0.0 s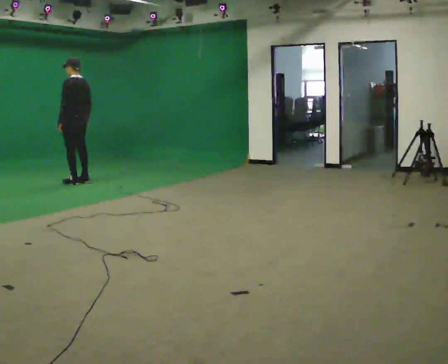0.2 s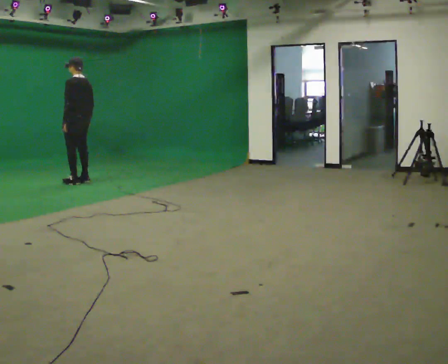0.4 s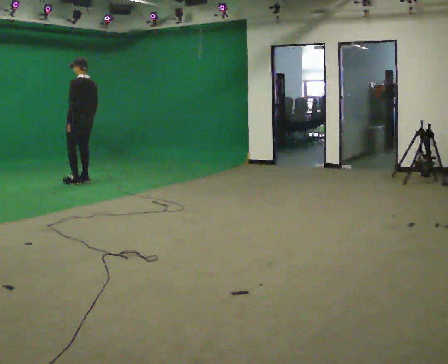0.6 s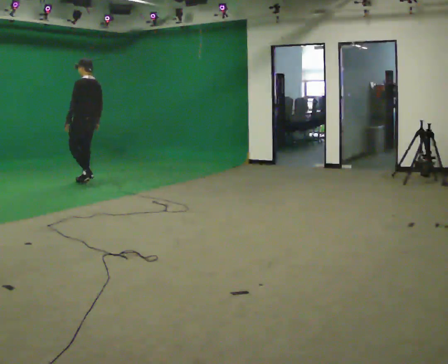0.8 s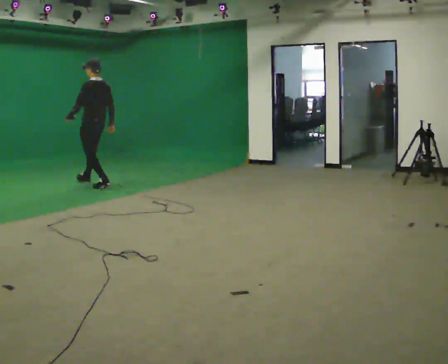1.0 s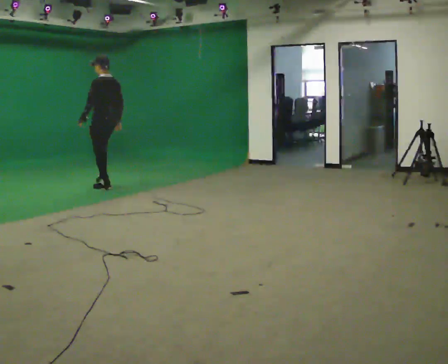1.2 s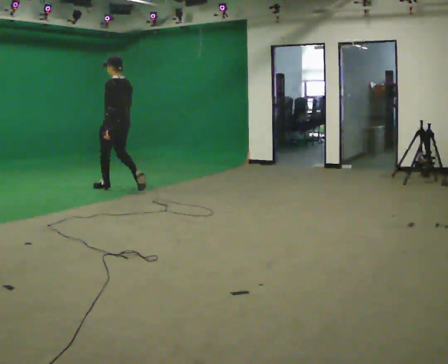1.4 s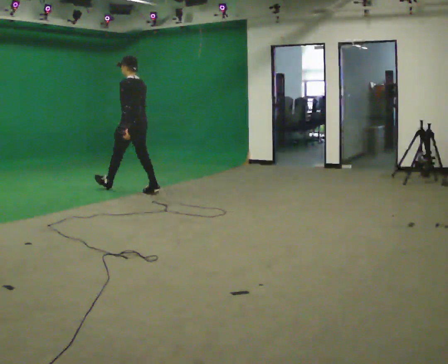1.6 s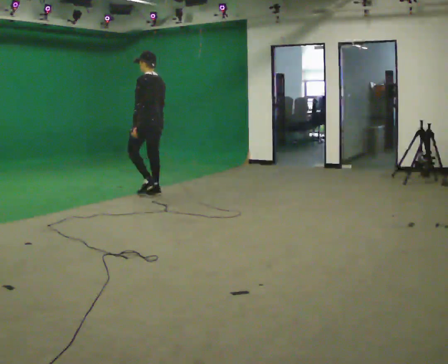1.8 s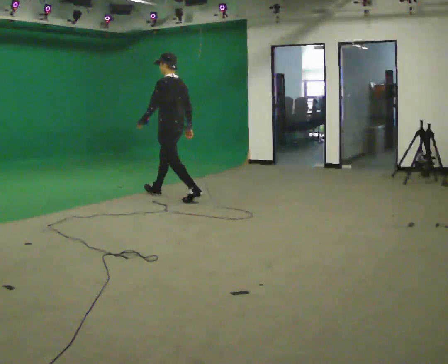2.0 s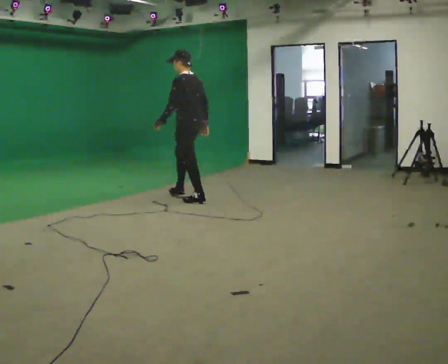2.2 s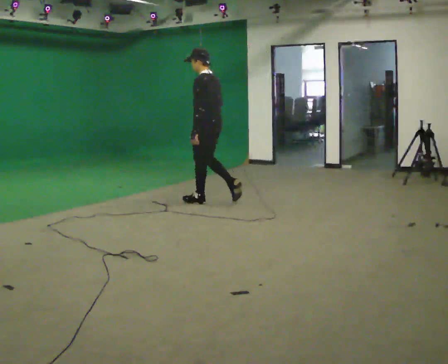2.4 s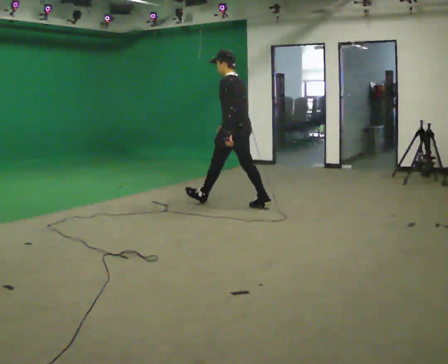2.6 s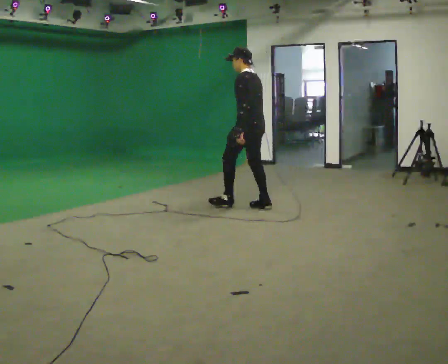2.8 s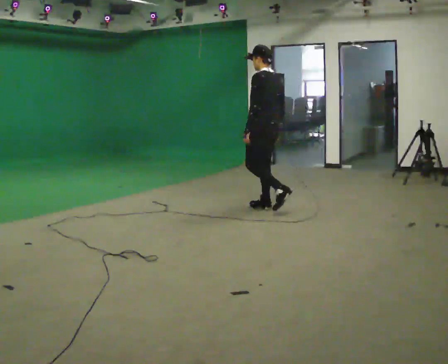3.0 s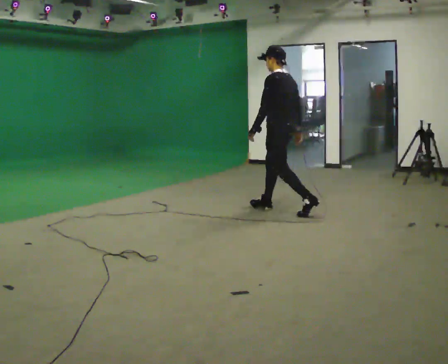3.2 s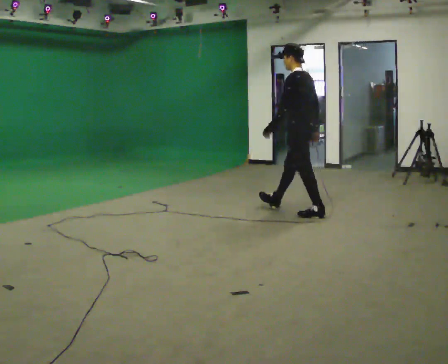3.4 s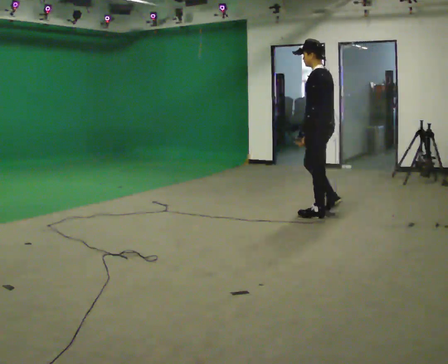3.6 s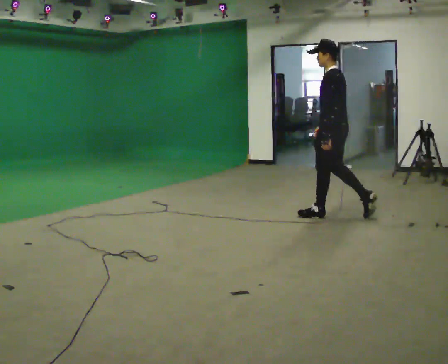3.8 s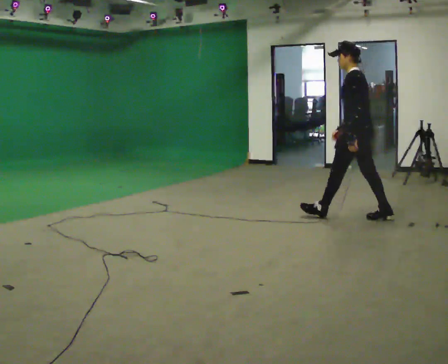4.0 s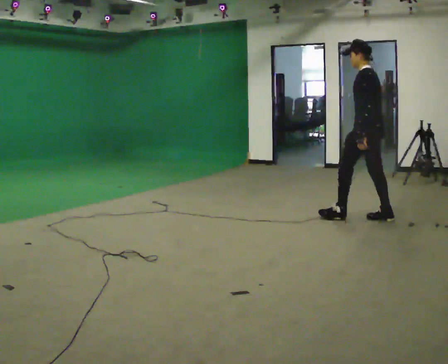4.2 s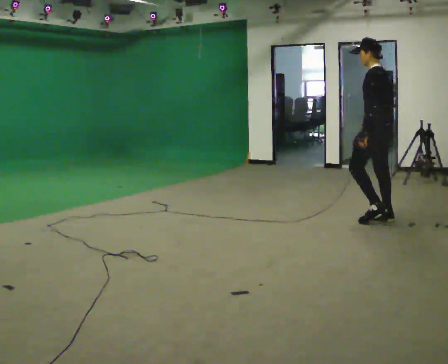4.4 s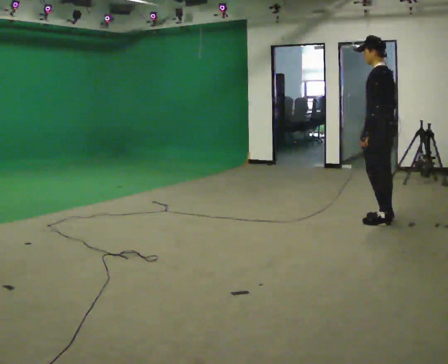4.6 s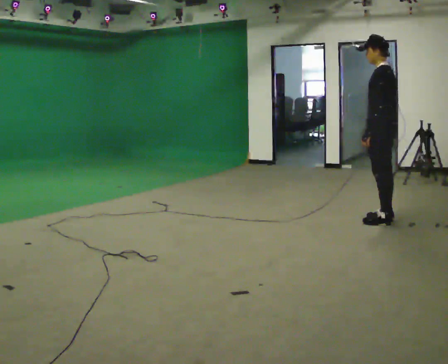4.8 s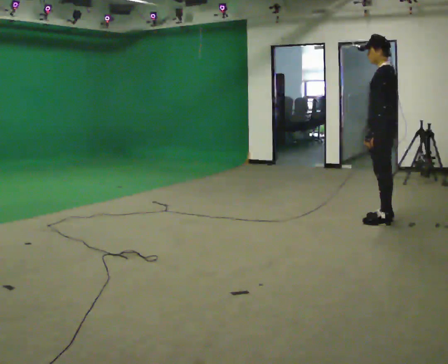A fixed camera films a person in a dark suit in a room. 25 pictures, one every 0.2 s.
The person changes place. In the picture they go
to the right.
0.0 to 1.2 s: In the picture they go to the right and toward the camera, about 1 m in 2 steps, which for them is backward.
1.2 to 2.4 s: In the picture they go to the right and toward the camera, about 1.5 m in 3 steps, which for them is backward.
2.4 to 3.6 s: In the picture they go to the right and toward the camera, about 1 m in 1 step, which for them is backward.
3.6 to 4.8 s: In the picture they go to the right and toward the camera, about 0.5 m in 1 step, which for them is backward.
The film runs backward here.
